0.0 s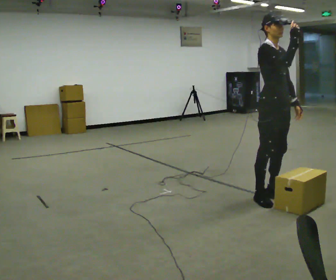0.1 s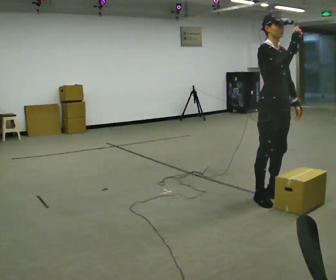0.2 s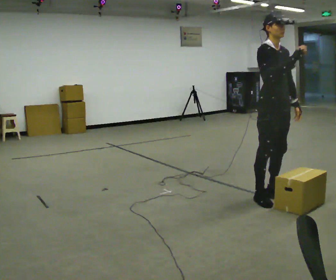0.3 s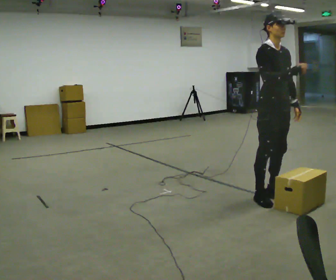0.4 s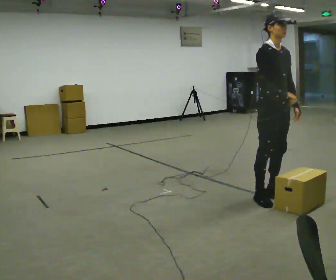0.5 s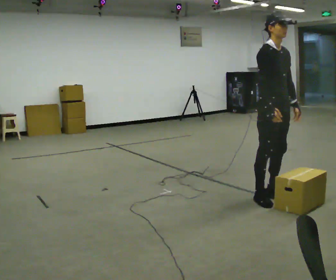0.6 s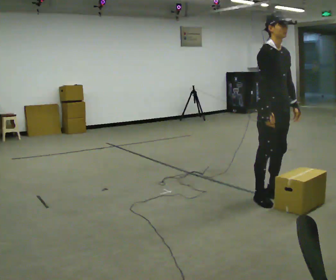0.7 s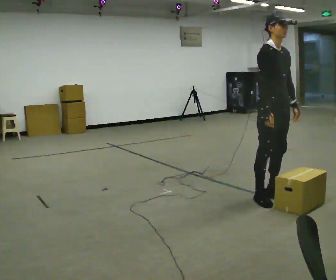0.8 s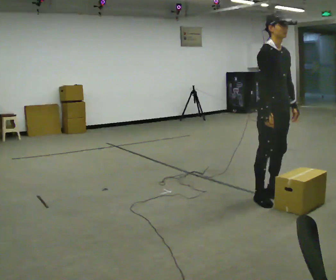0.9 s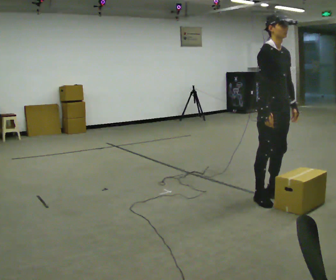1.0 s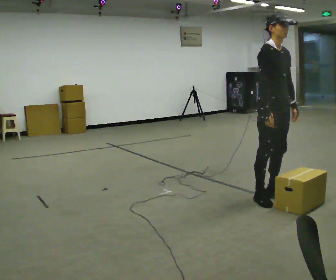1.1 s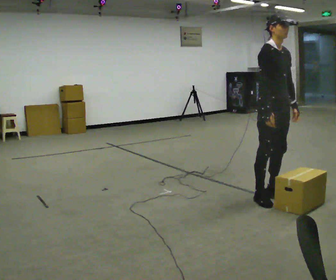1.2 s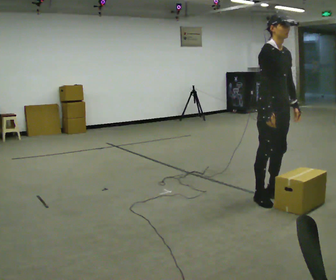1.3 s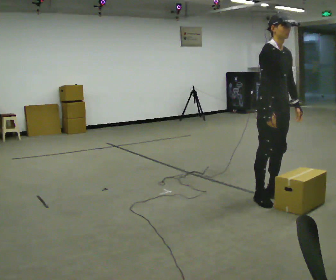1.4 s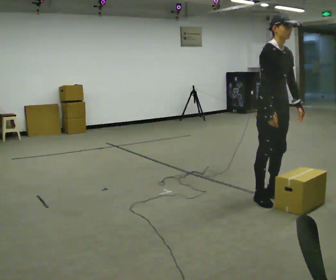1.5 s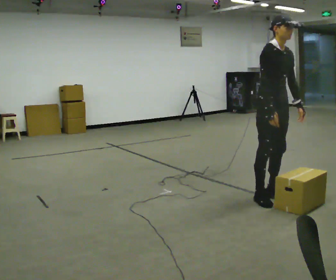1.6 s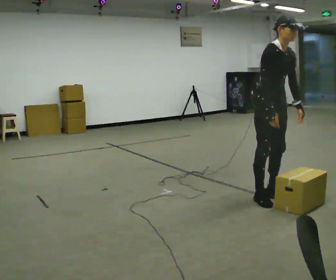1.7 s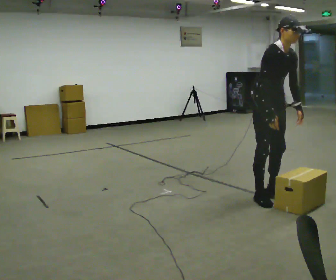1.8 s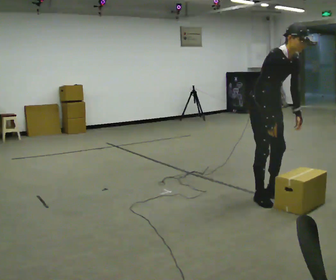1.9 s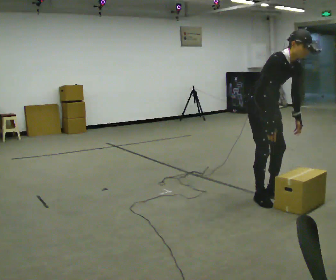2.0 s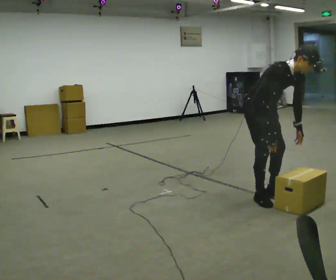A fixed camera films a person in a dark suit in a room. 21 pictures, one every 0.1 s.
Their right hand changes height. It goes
downward.
The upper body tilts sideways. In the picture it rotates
clockwise.
0.0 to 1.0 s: In the picture their right hand goes downward.
1.0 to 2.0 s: The shoulders move downward. In the picture the upper body tilts clockwise, shoulders to the right, as they bend forward.
The film runs backward here.
